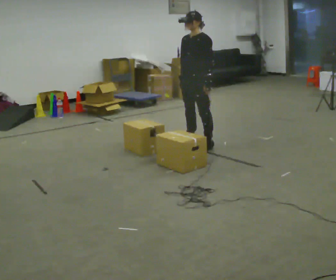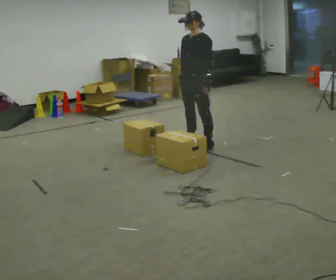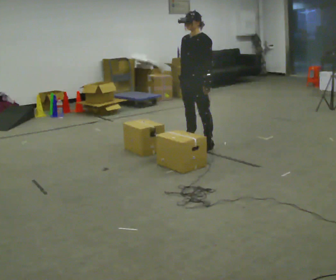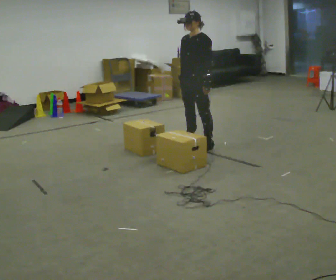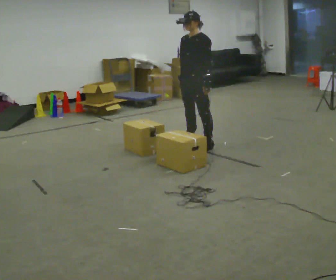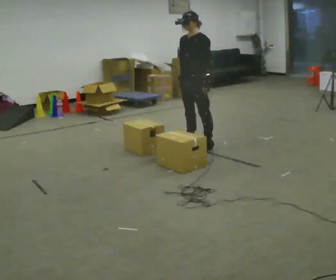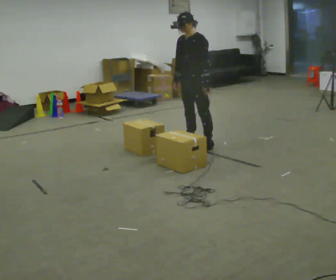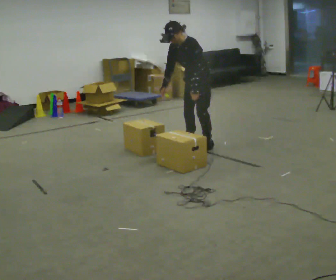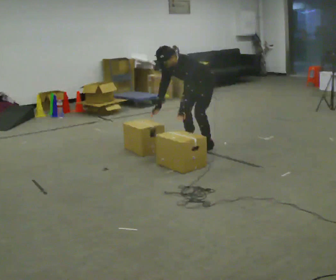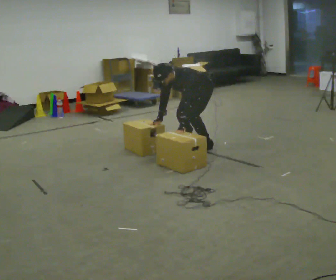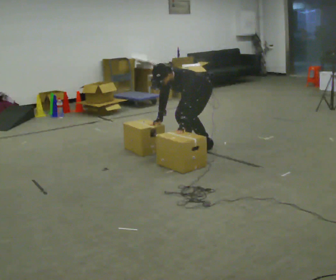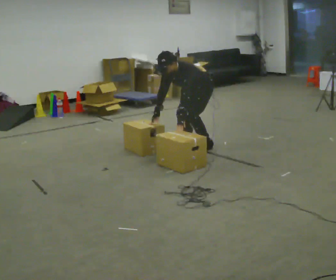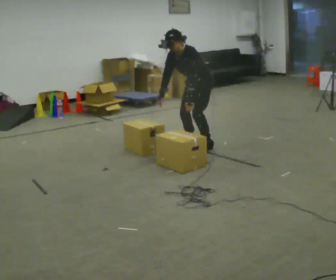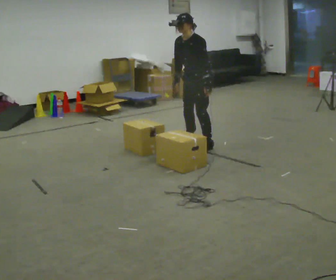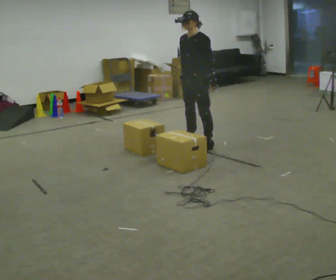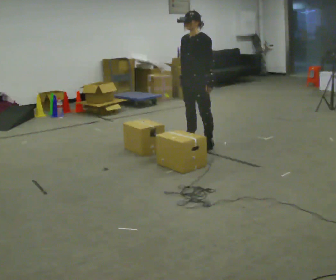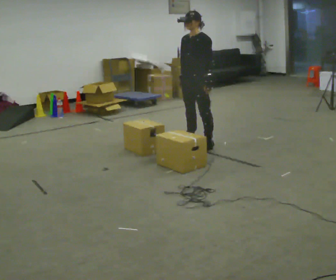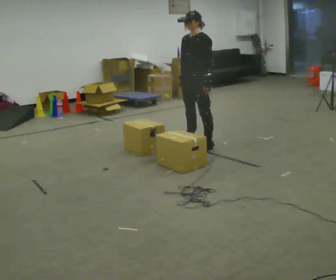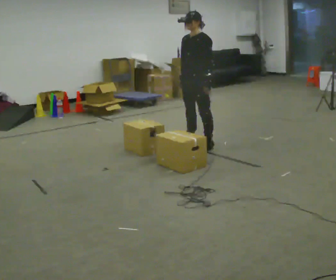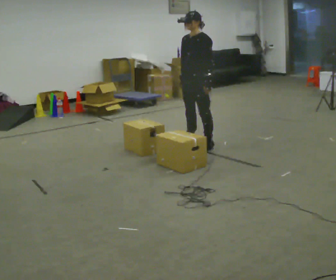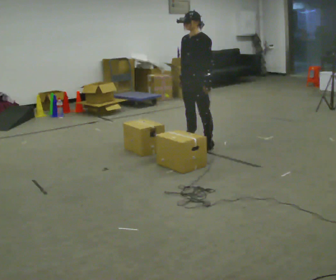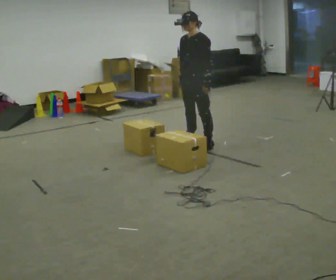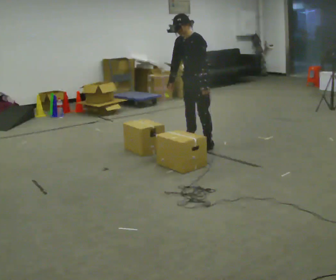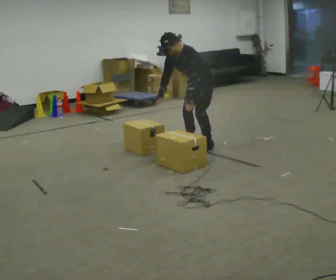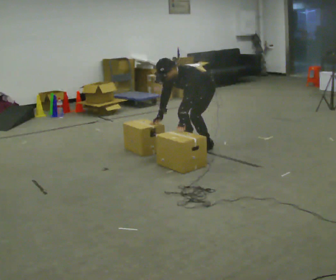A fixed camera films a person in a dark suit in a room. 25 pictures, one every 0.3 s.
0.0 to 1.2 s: The person keeps their place and pose.
1.2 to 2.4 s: The shoulders move downward. In the picture the upper body tilts counterclockwise, shoulders to the left, as they bend forward.
2.4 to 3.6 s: The person moves a little, or ends about where they began.
3.6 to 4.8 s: The upper body goes upward. In the picture the upper body tilts clockwise, shoulders to the right, as they lean back or straighten.
4.8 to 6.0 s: The person keeps their place and pose.
6.0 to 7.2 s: The upper body goes downward. In the picture the upper body tilts counterclockwise, shoulders to the left, as they bend forward. In the picture their left hand goes downward.
The film runs forward here.
